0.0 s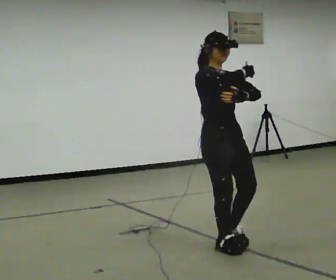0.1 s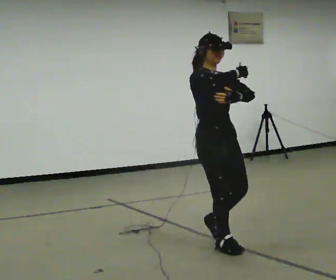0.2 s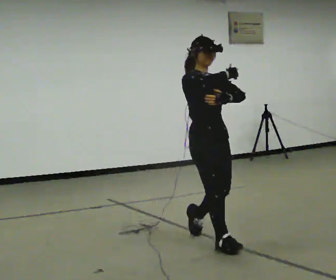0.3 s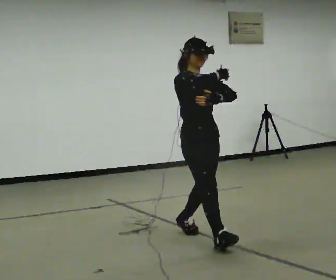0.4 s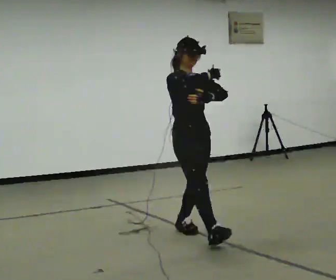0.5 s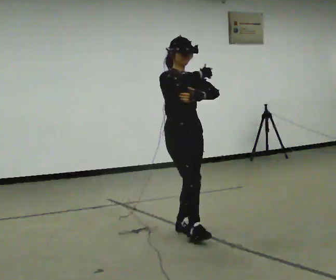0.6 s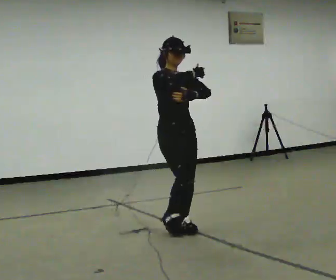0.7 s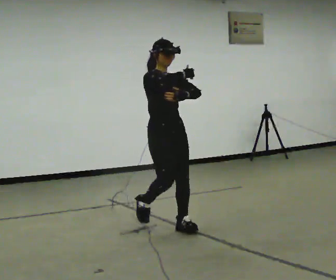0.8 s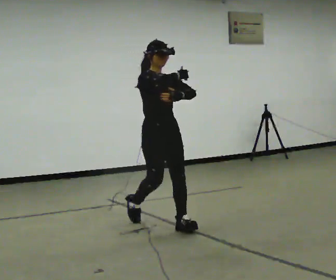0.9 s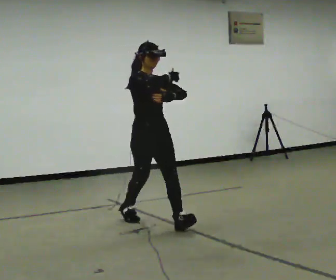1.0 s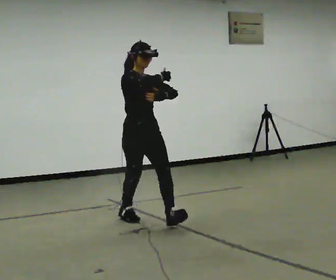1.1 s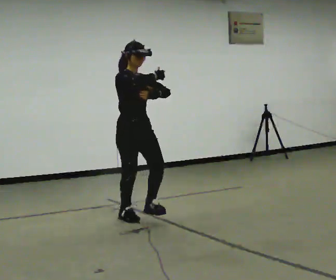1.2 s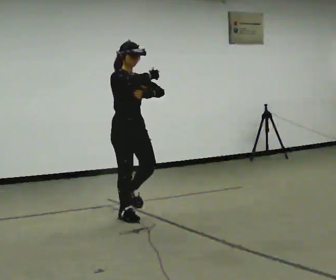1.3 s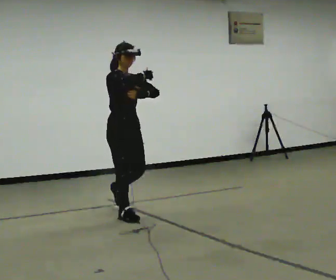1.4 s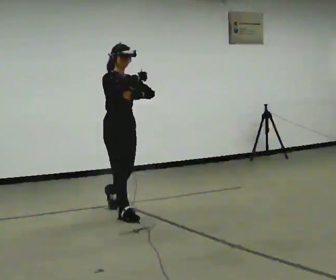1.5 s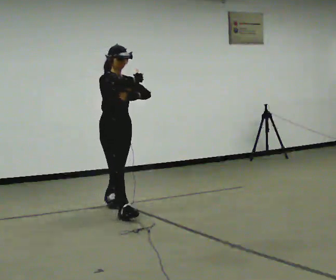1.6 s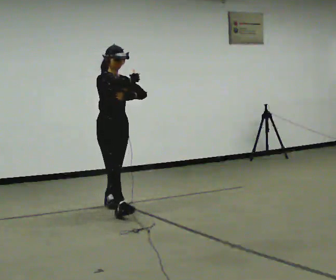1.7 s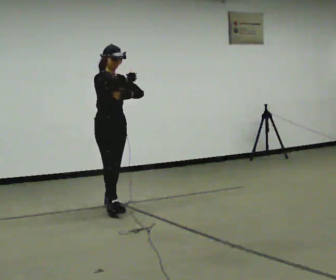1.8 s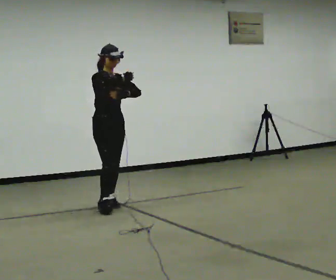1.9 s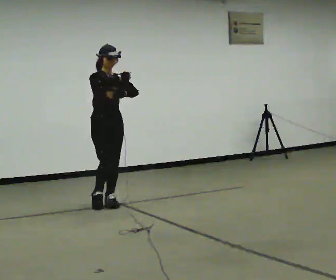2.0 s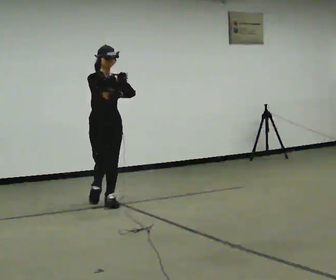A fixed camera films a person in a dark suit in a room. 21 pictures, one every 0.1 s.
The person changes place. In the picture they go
away from the camera.
0.0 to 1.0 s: In the picture they go away from the camera and to the left, about 1 m in 2 steps, which for them is backward.
1.0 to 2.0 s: In the picture they go away from the camera and to the left, about 1 m in 1 step, which for them is backward.
The film runs backward here.
